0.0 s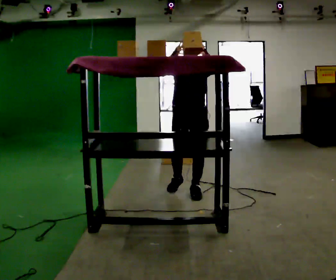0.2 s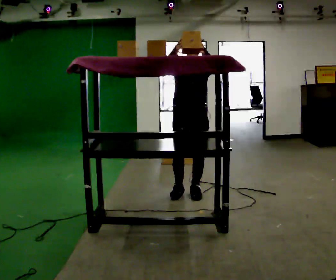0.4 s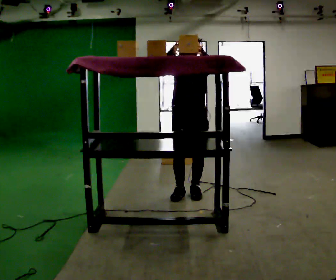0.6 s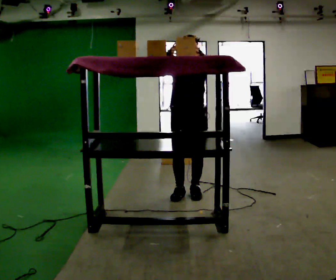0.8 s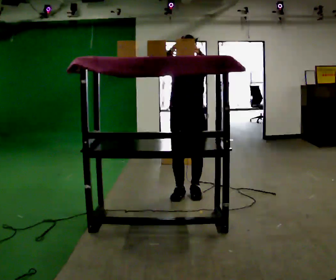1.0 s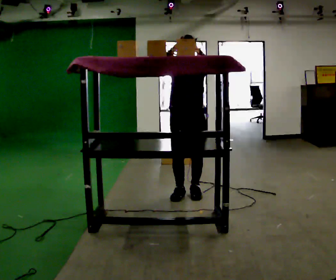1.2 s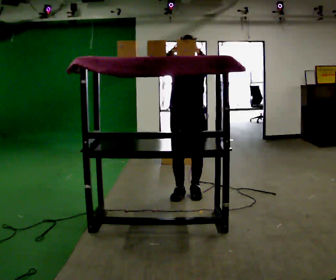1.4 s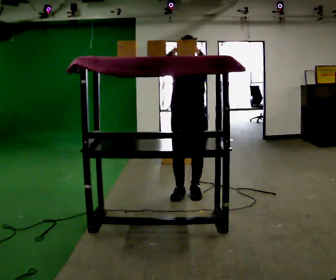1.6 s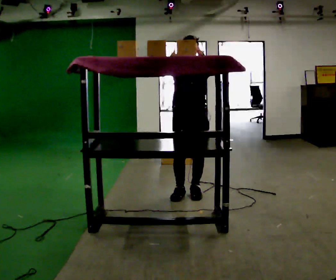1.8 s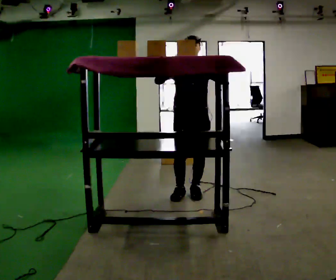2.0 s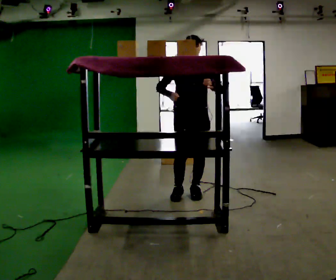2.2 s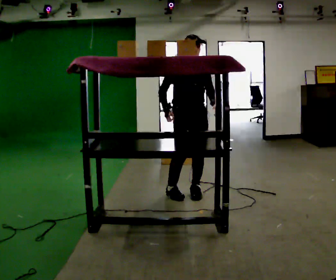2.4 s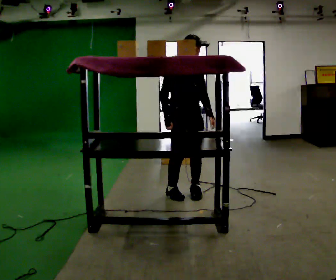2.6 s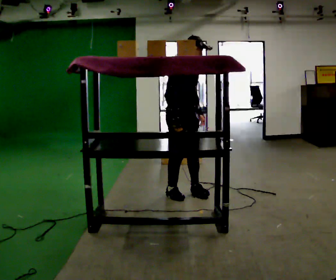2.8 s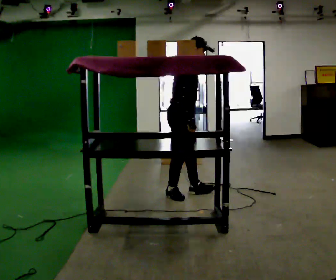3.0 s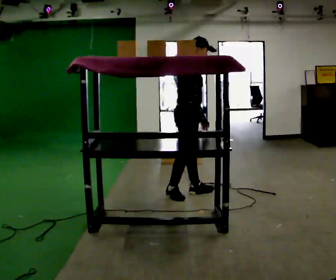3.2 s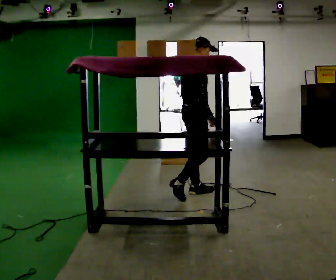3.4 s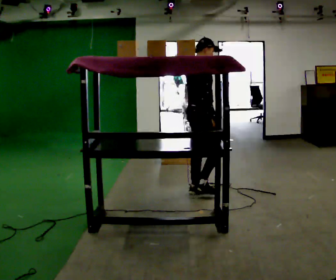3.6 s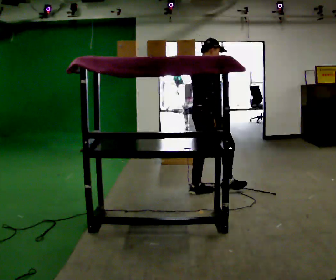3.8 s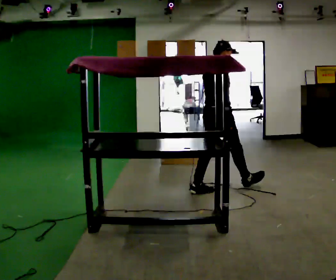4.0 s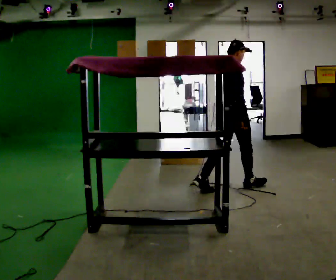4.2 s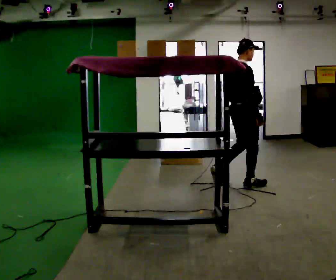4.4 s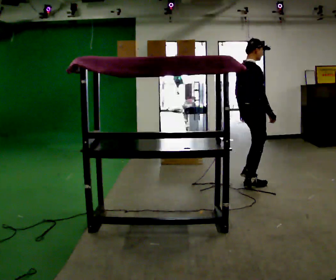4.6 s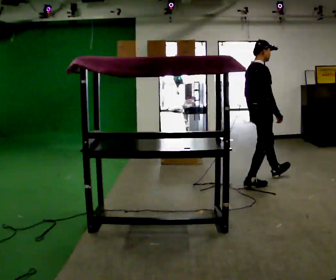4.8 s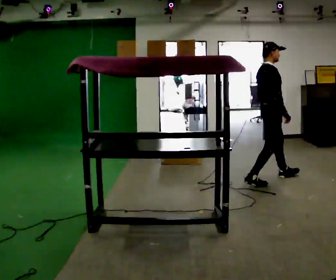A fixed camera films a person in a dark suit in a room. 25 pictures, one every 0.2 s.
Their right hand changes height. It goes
downward.
Their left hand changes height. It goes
downward.
0.0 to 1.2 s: The person moves a little, or ends about where they began.
1.2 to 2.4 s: Seen from above the body turns counterclockwise, about 45 degrees: to their left, with its near side sliding to the right. In the picture their left hand goes downward.
2.4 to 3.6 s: The part of the body nearest the lens slides to the right as the person turns to their left by about 75 degrees. In the picture they go to the right, about 0.25 m.
3.6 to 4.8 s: In the picture they go to the right, about 1 m in 2 steps, which for them is forward.
The film runs forward here.
